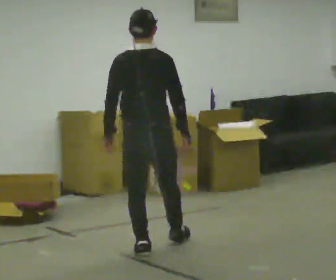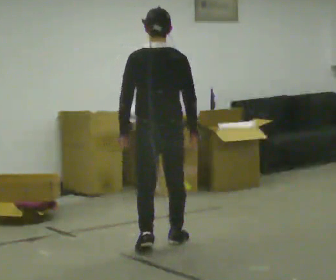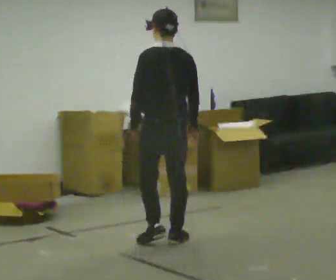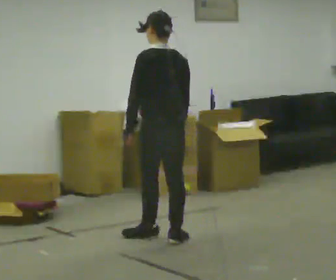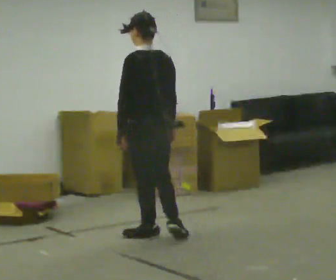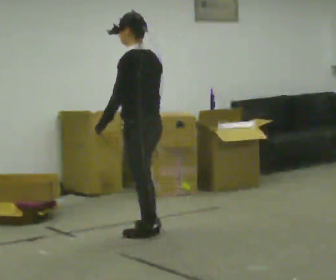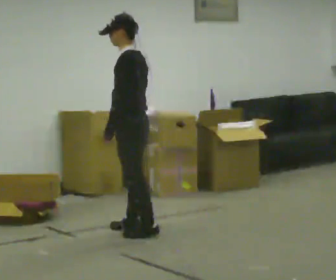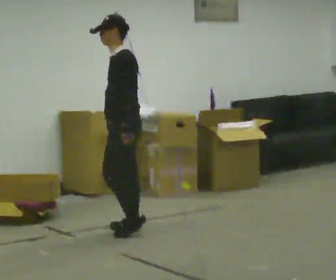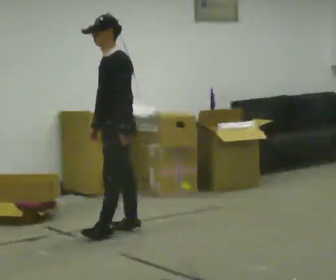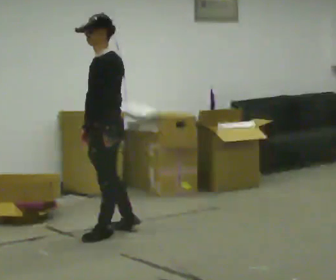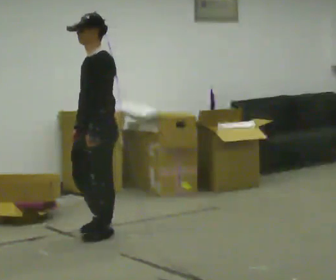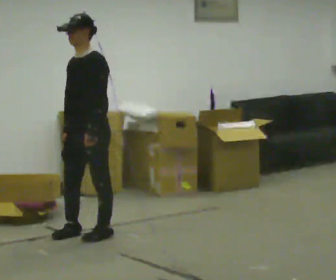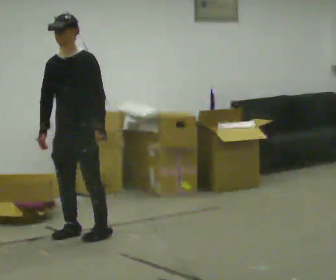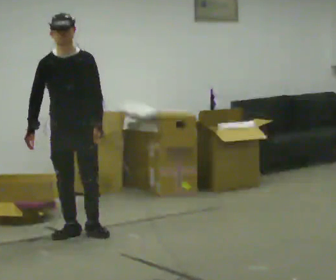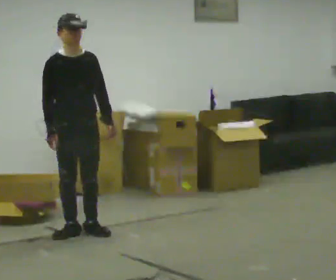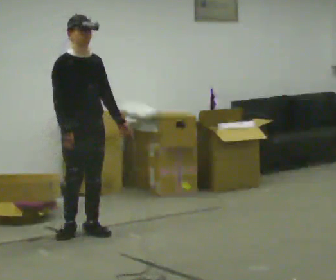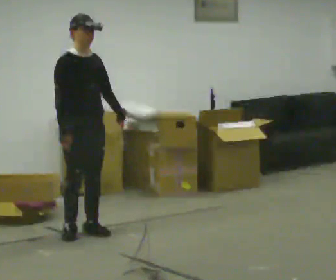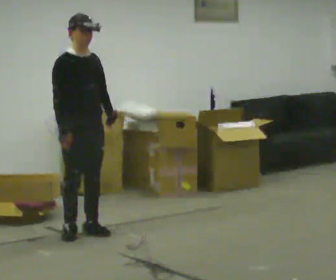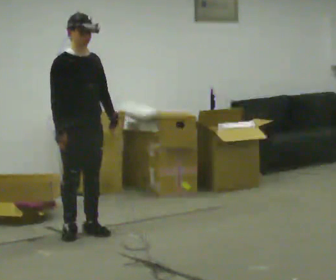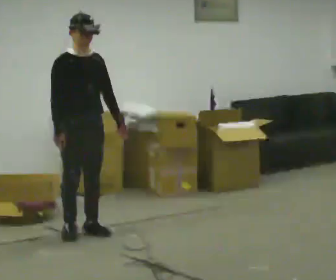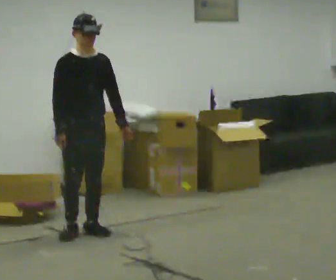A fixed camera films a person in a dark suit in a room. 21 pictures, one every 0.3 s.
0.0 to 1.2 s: Seen from above the body turns counterclockwise, about 45 degrees: to their left, with its near side sliding to the right. In the picture they go away from the camera, about 0.5 m in 1 step, which for them is forward and to their right.
1.2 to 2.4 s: The person turns about 75 degrees to their left, counterclockwise seen from above, so the part of the body nearest the lens slides to the right. In the picture they go away from the camera and to the left, about 0.25 m in 2 steps.
2.4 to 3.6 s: Seen from above the body turns counterclockwise, about 45 degrees: to their left, with its near side sliding to the right. In the picture they go to the left, about 0.25 m in 1 step, which for them is forward.
3.6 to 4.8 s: The part of the body nearest the lens slides to the right as the person turns to their left by about 60 degrees.
4.8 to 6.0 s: The person moves a little, or ends about where they began.
The film runs forward here.
